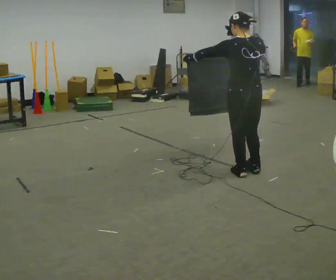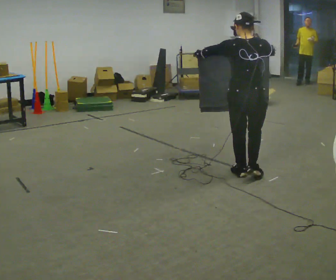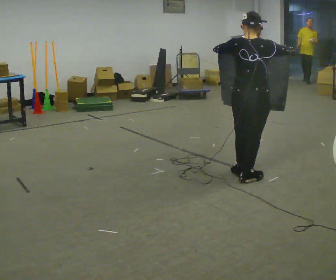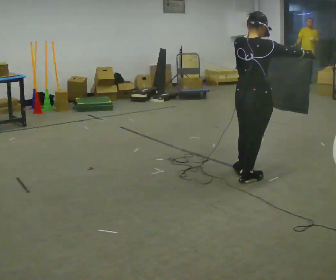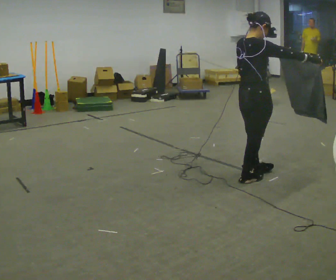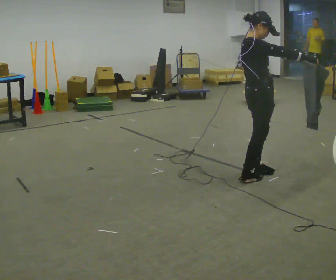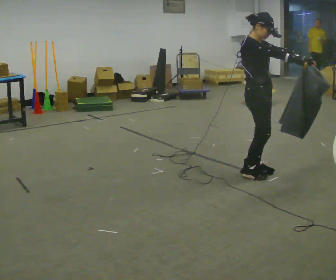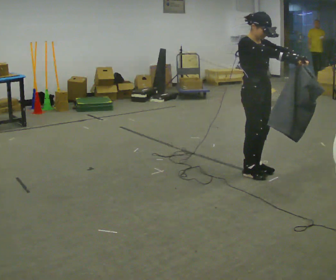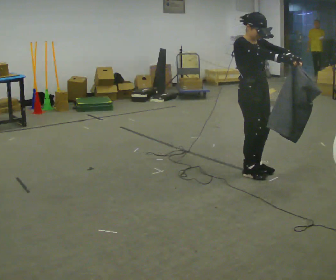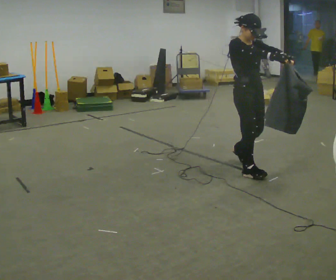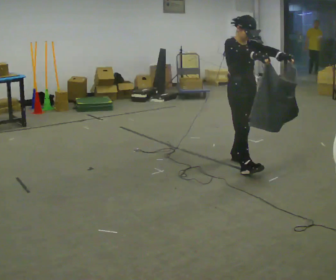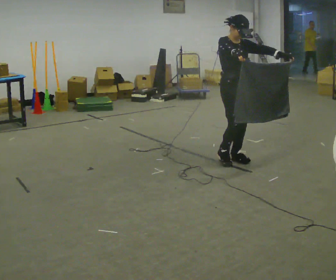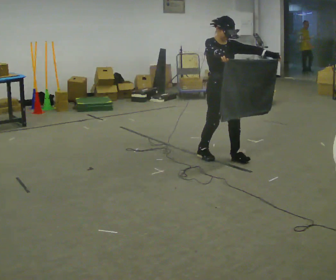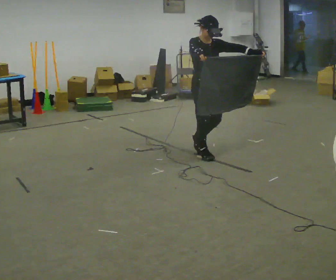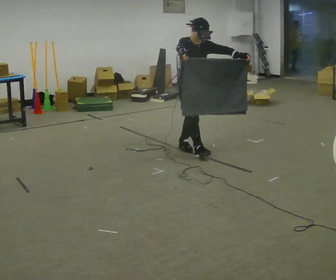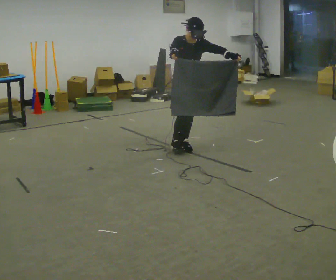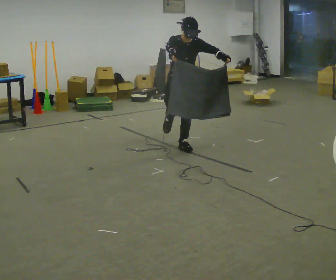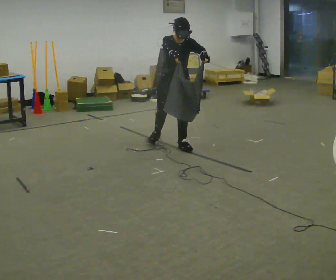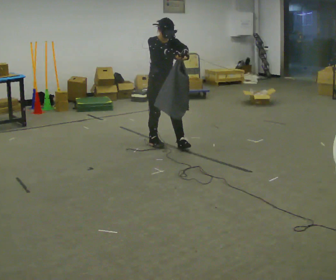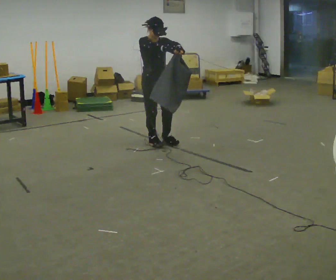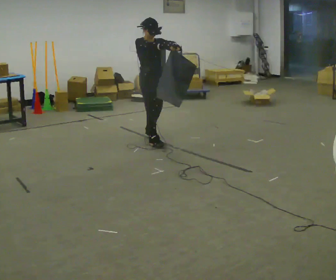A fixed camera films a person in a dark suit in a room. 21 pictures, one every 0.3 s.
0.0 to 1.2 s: Seen from above the body turns clockwise, about 75 degrees: to their right, with its near side sliding to the left. In the picture their left hand goes to the right.
1.2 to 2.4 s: The part of the body nearest the lens slides to the left as the person turns to their right by about 75 degrees. In the picture they go away from the camera, about 0.25 m in 1 step.
2.4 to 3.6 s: In the picture they go away from the camera and to the left, about 0.5 m in 2 steps, which for them is backward.
3.6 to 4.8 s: In the picture they go to the left and away from the camera, about 0.5 m in 2 steps, which for them is backward.
4.8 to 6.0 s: The part of the body nearest the lens slides to the right as the person turns to their left by about 30 degrees. In the picture they go to the left and away from the camera, about 0.5 m in 1 step, which for them is backward and to their right.
The film runs backward here.
